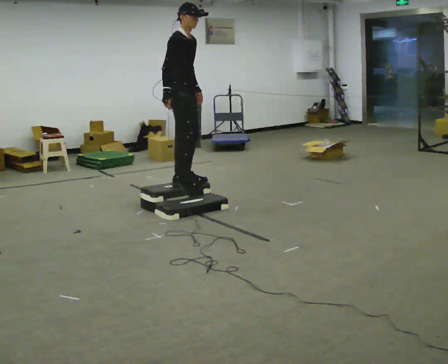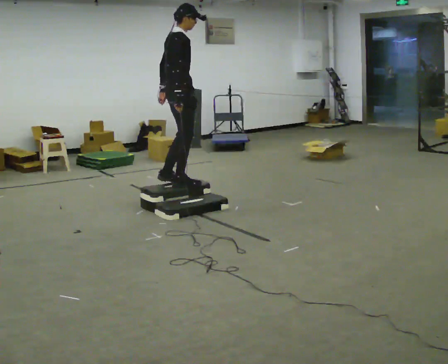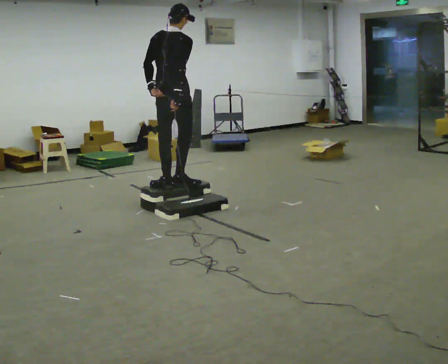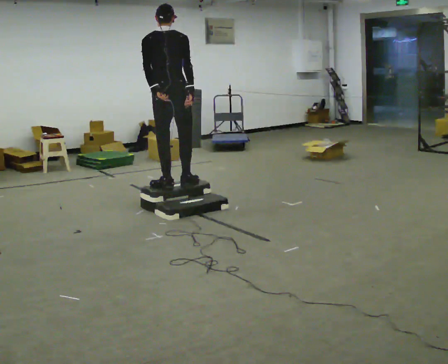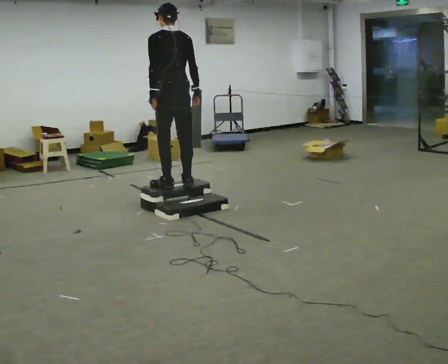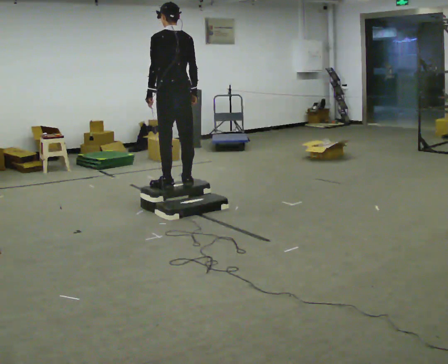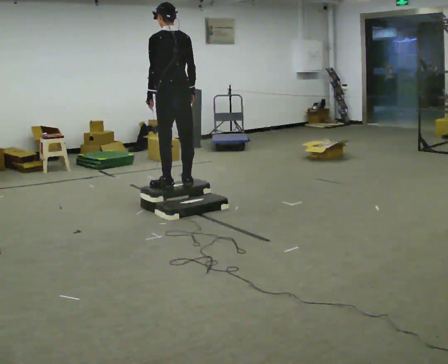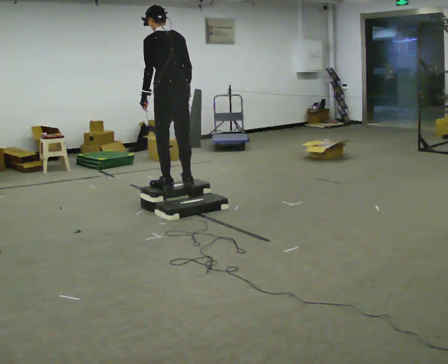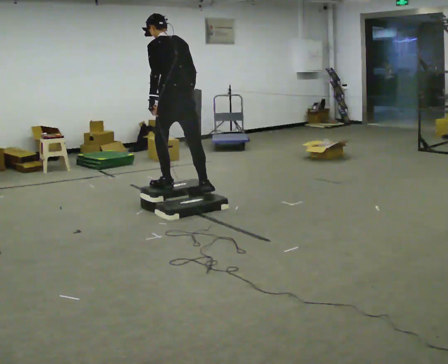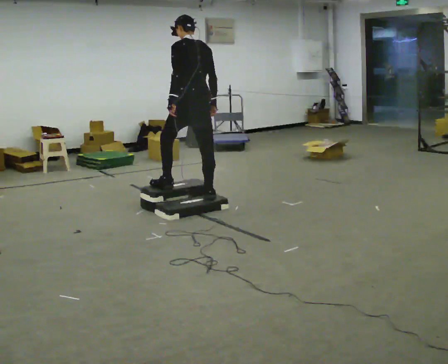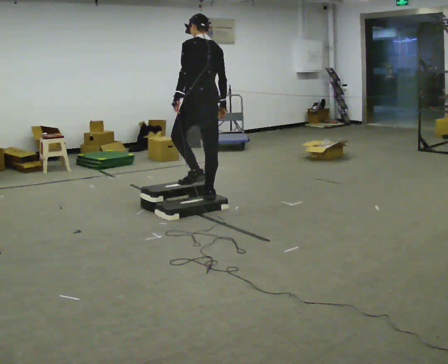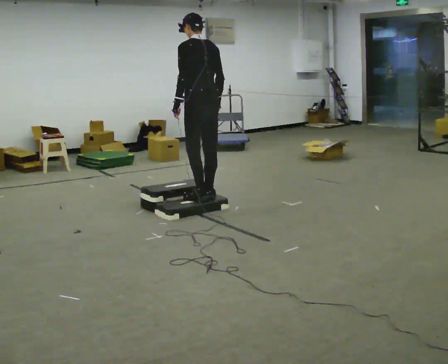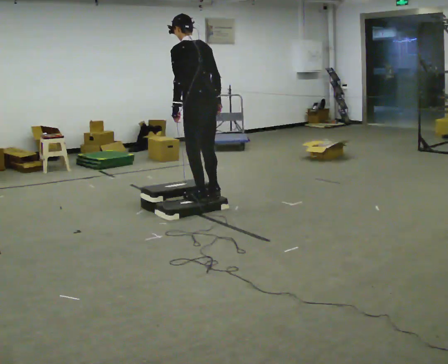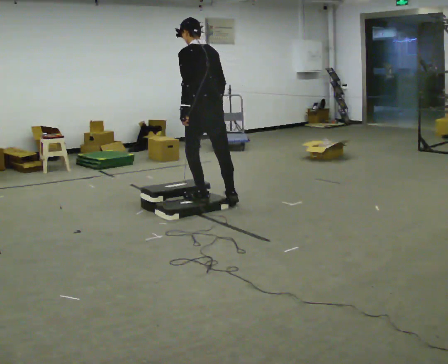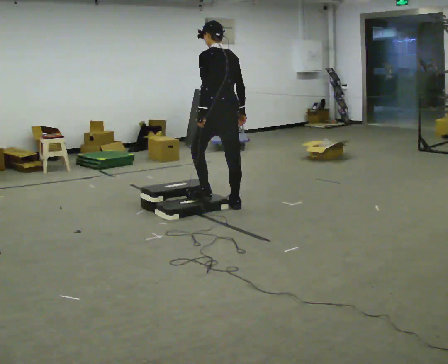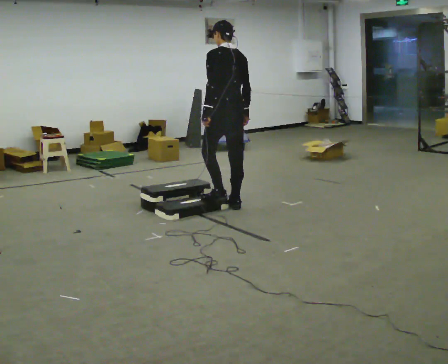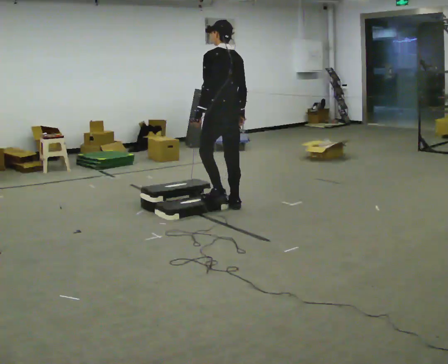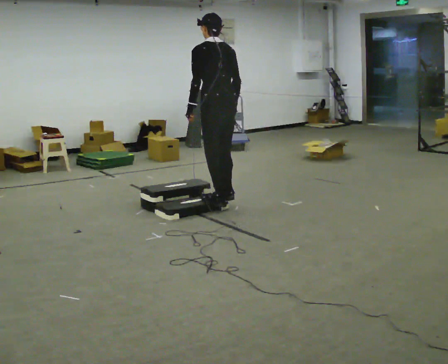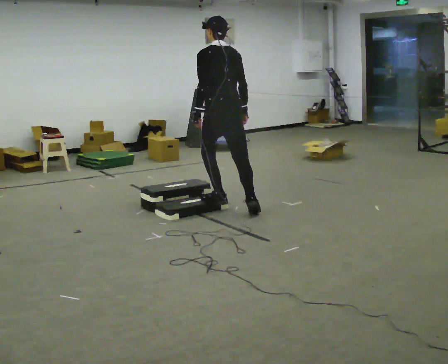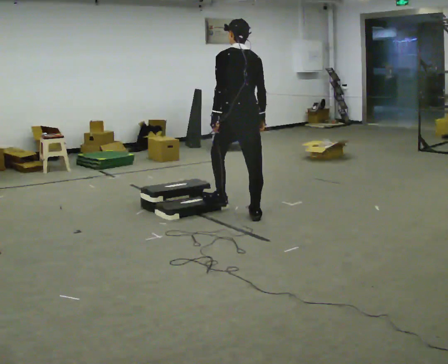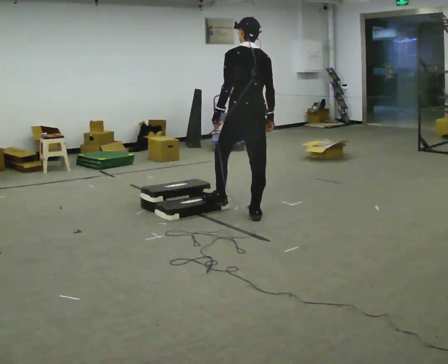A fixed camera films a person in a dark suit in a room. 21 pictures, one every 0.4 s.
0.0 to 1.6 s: The person turns about 135 degrees to their left, counterclockwise seen from above, so the part of the body nearest the lens slides to the right. In the picture they go toward the camera, about 0.25 m in 1 step.
1.6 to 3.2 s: The person moves a little, or ends about where they began.
3.2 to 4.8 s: In the picture they go to the right, about 0.25 m in 2 steps, which for them is to their right and backward.
4.8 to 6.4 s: In the picture they go to the right, about 0.25 m in 1 step, which for them is to their right and backward.
6.4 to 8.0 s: In the picture they go toward the camera and to the right, about 0.25 m in 1 step, which for them is backward.
The film runs backward here.
